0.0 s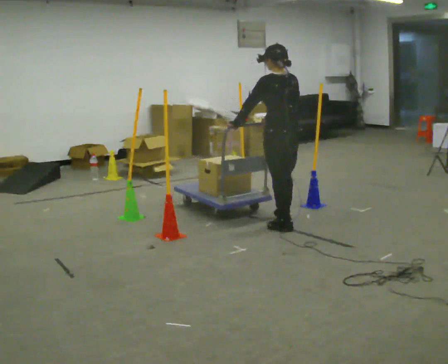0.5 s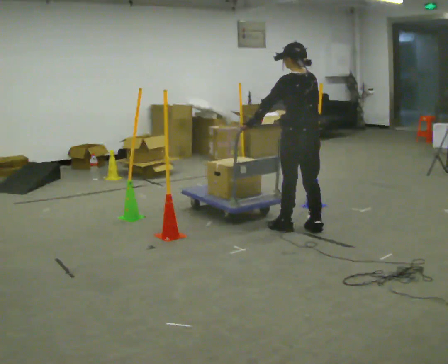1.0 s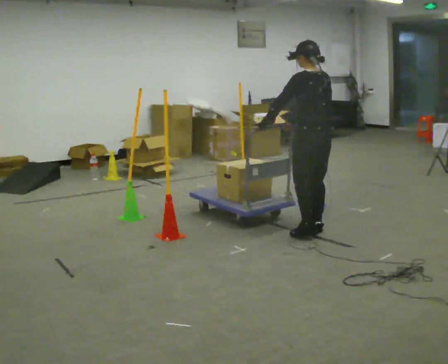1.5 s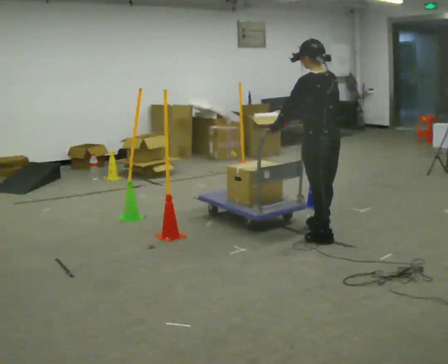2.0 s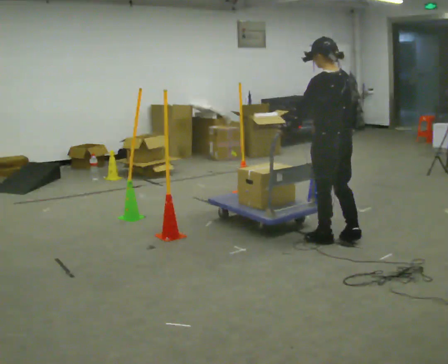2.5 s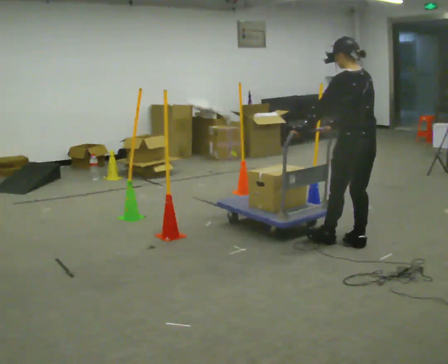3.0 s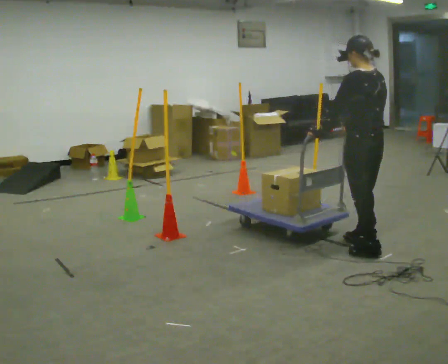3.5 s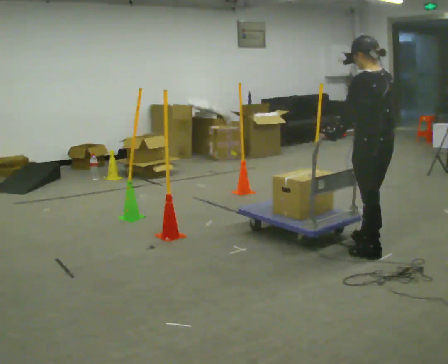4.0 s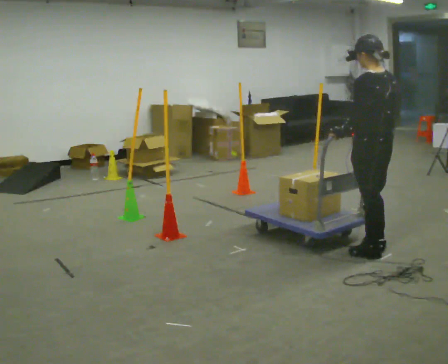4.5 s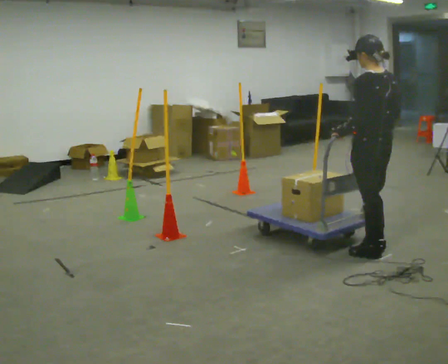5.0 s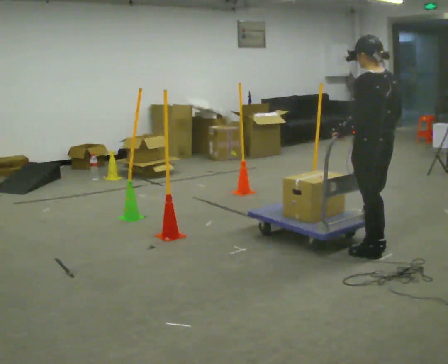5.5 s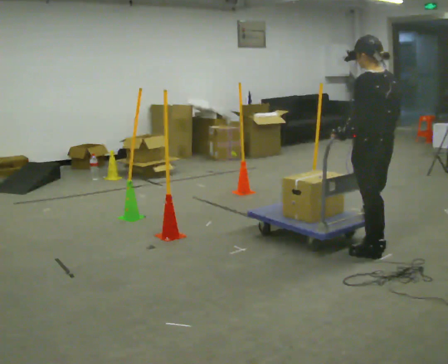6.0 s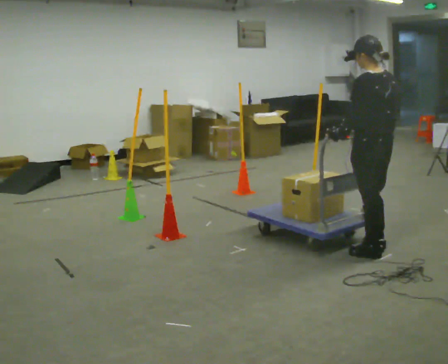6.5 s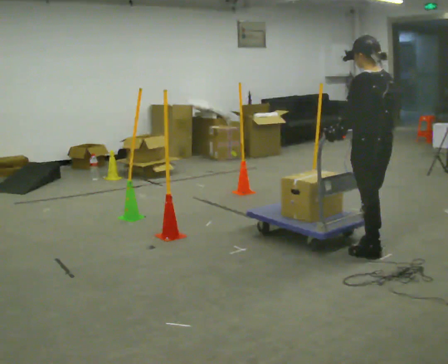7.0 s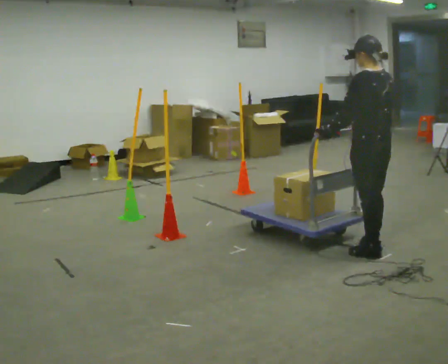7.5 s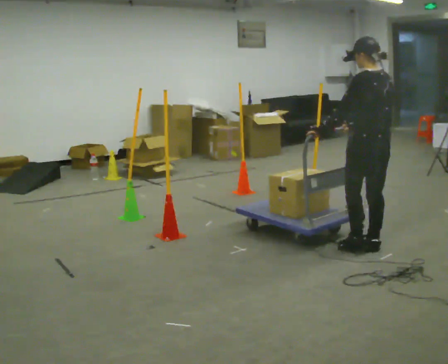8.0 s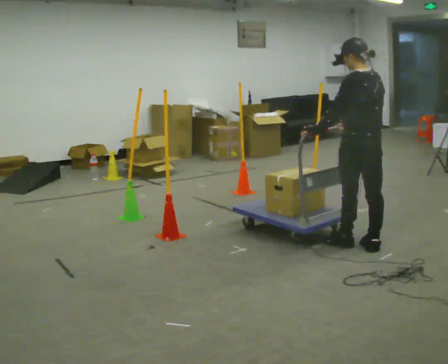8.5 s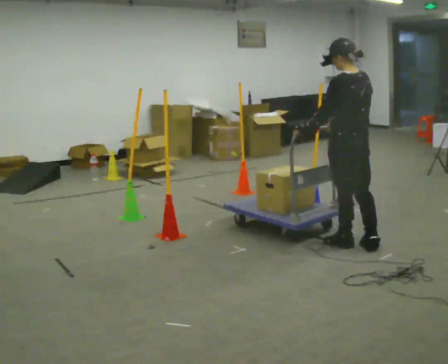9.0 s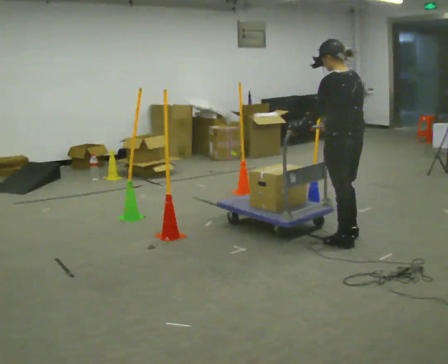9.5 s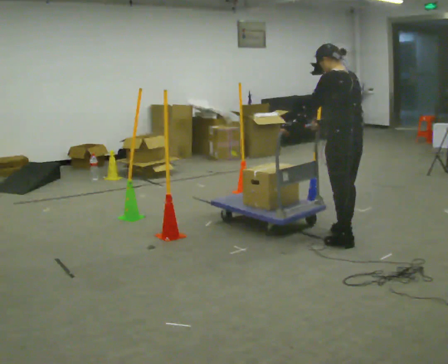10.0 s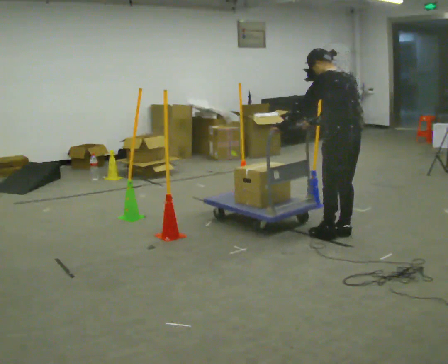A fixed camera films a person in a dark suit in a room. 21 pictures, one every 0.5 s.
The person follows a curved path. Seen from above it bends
counterclockwise.
0.0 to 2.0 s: In the picture they go to the right and toward the camera, about 0.5 m in 2 steps, which for them is backward.
2.0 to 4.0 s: In the picture they go toward the camera and to the right, about 0.25 m in 3 steps, which for them is backward.
4.0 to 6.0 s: The person moves a little, or ends about where they began.
6.0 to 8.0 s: In the picture they go away from the camera, about 0.25 m in 1 step, which for them is forward.
8.0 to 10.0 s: In the picture they go away from the camera, about 0.25 m in 1 step, which for them is forward and to their right.
The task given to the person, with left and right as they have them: Push the cart in and out of the line of poles without touching any of them. Keep going until the operator says stop.
The film runs forward here.
